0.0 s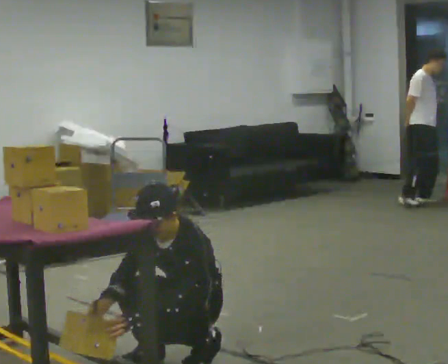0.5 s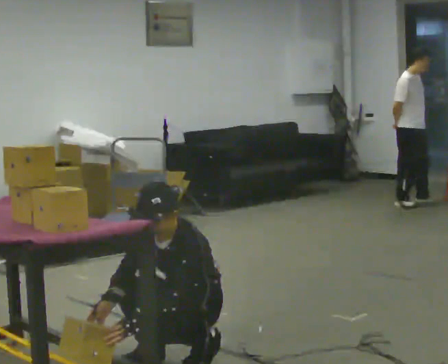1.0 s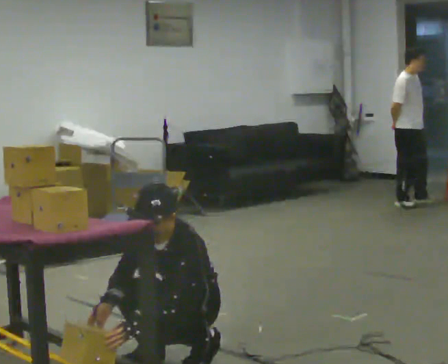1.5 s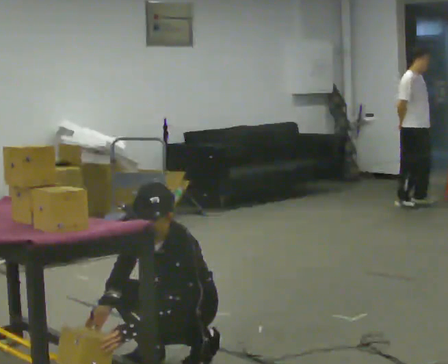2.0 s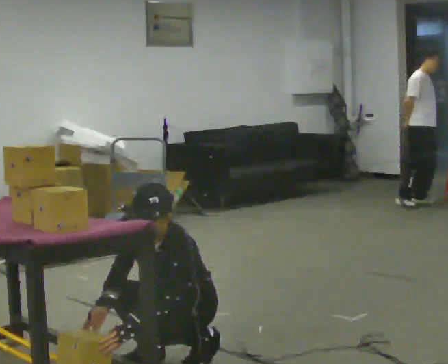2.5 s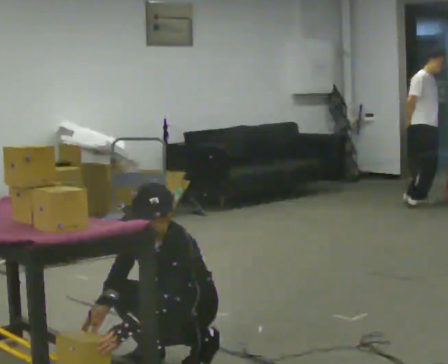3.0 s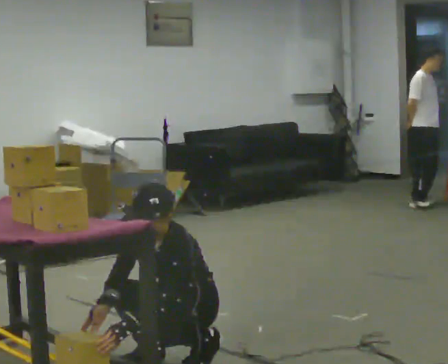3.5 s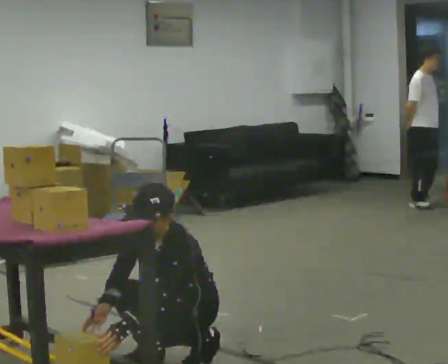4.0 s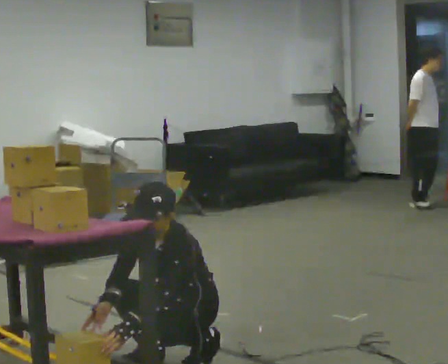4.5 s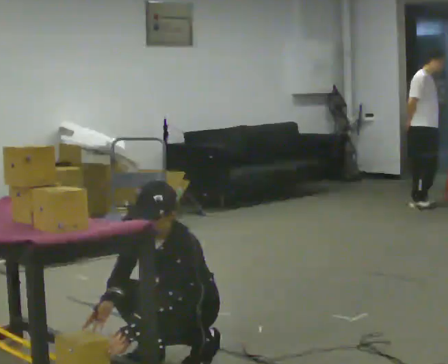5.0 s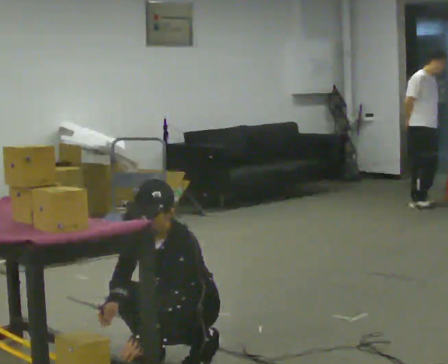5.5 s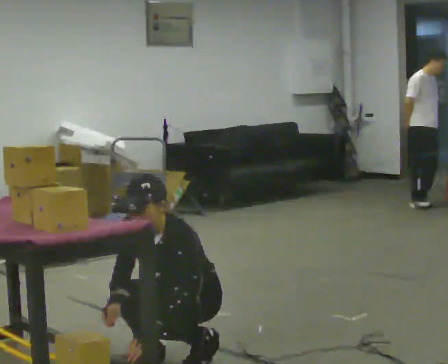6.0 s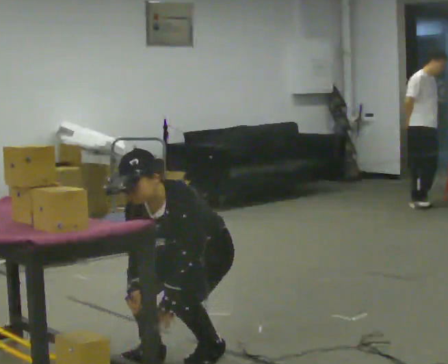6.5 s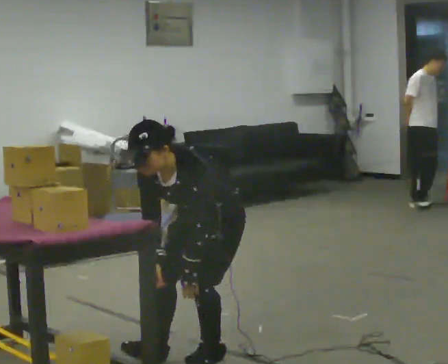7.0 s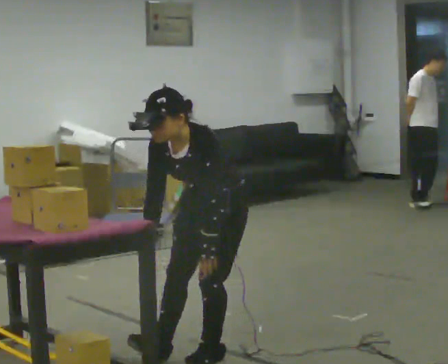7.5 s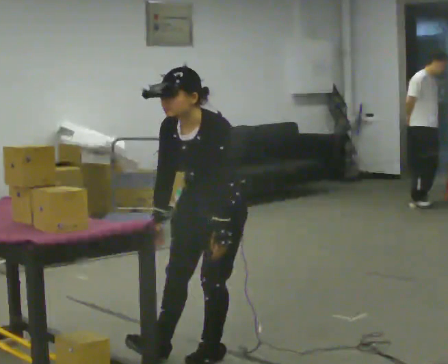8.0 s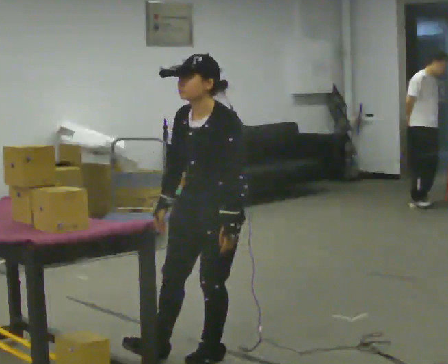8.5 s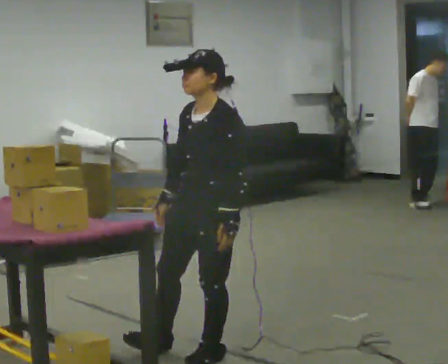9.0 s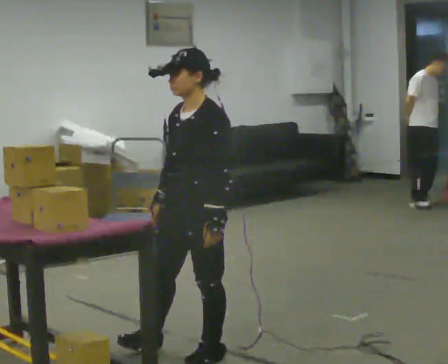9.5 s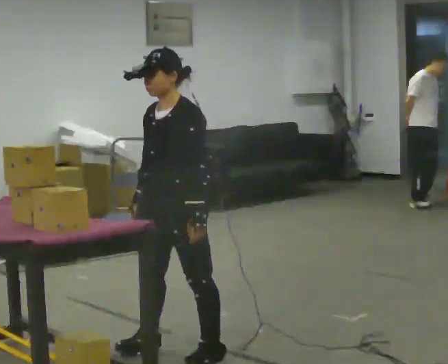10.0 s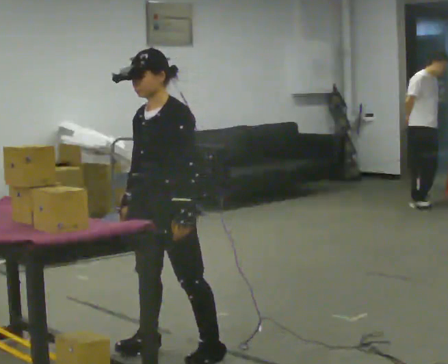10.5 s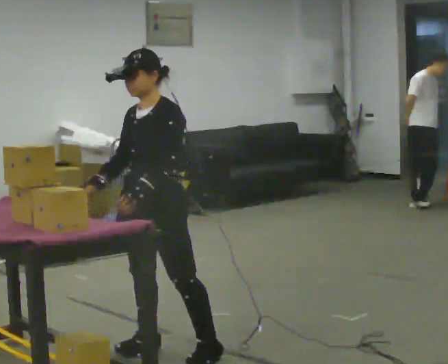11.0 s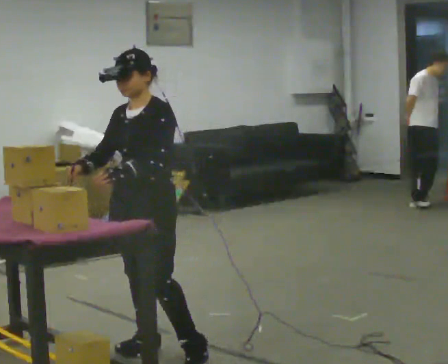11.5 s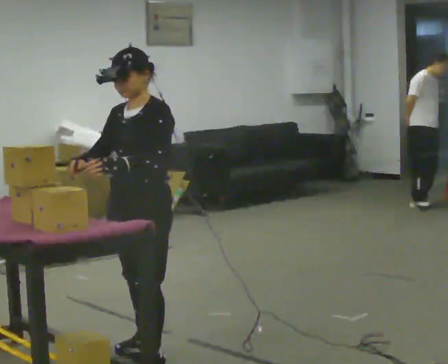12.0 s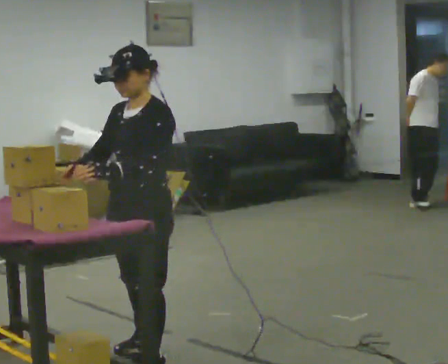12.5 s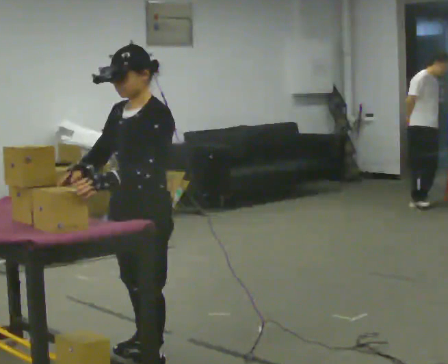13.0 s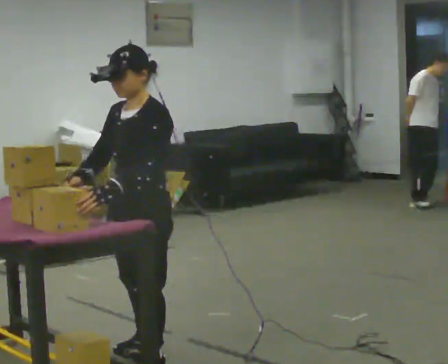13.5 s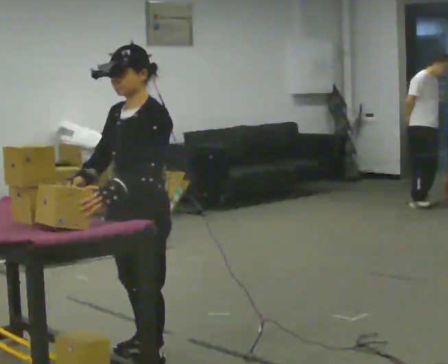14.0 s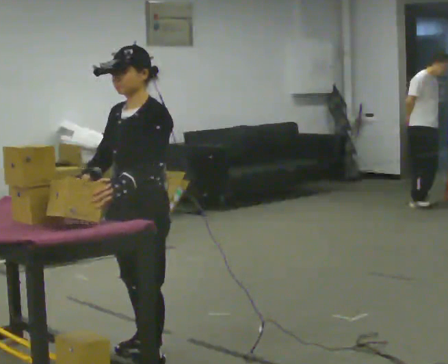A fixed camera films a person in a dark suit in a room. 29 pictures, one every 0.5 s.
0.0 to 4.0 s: The person moves a little, or ends about where they began.
4.0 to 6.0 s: The shoulders move upward. The upper body tips toward the camera, its near side rolling downward, as they bend forward.
6.0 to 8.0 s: The upper body goes upward. In the picture the upper body tilts clockwise, shoulders to the right, as they lean back or straighten. In the picture their right hand goes upward.
8.0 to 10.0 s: In the picture they go to the left, about 0.25 m, which for them is to their right and forward.
10.0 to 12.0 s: In the picture they go toward the camera, about 0.25 m in 1 step, which for them is forward.
12.0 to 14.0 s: The person moves a little, or ends about where they began.
The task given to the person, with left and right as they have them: Crouch down and place the object on the lowest shelf, then stand back up. Do not step. Repeat at your own pace until the operator says stop.
The film runs forward here.
